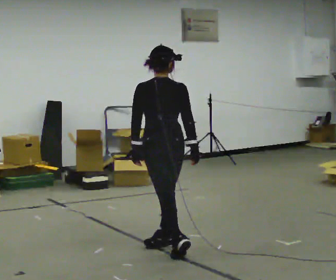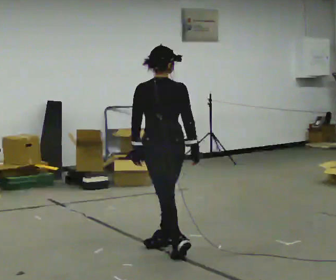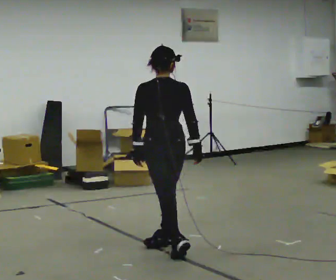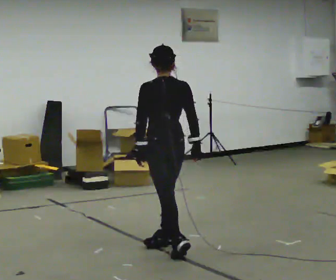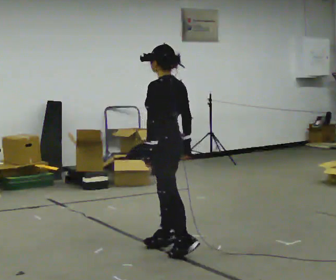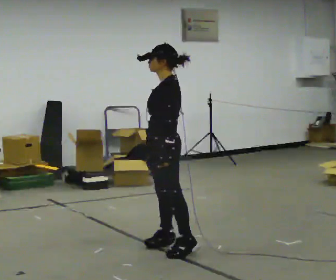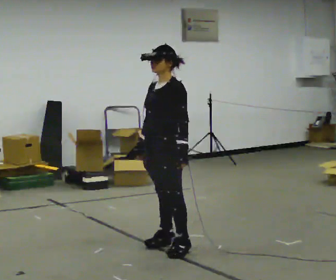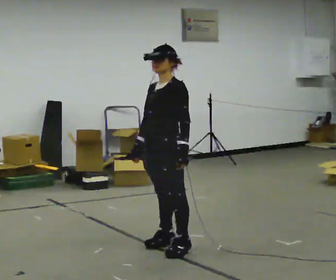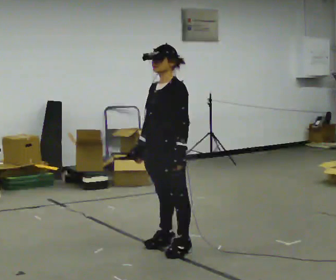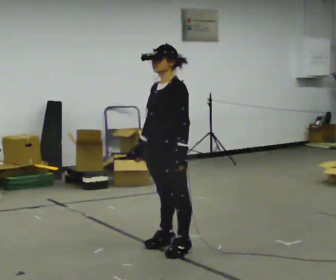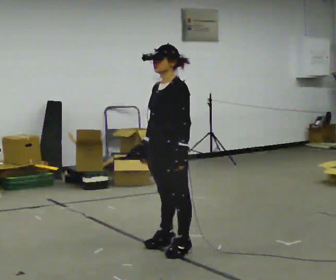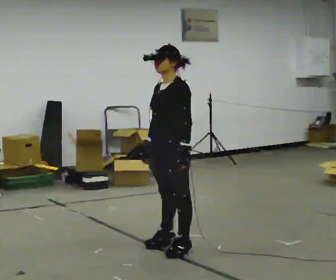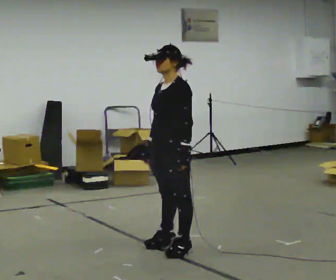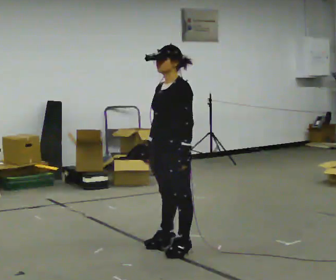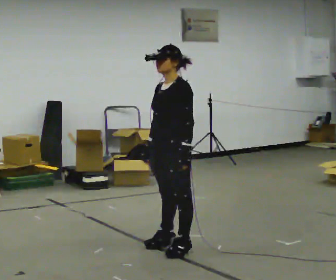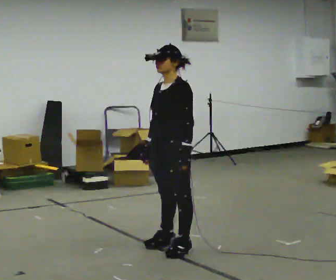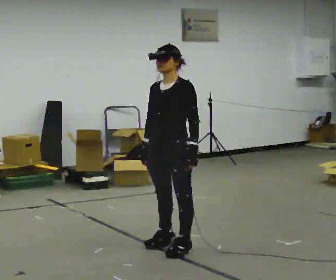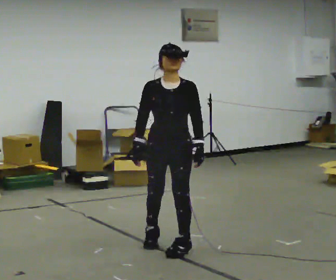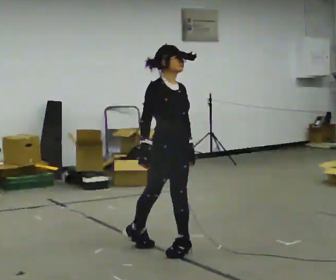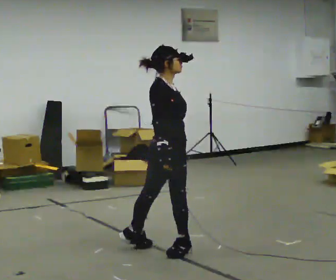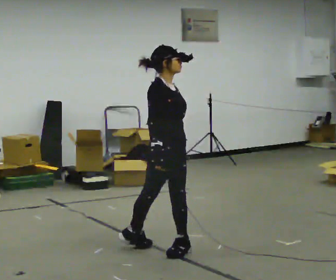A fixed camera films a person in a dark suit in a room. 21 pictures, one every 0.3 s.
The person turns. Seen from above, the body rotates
counterclockwise.
The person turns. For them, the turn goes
to their left.
0.0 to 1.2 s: The part of the body nearest the lens slides to the right as the person turns to their left by about 60 degrees.
1.2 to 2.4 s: The person turns about 60 degrees to their left, counterclockwise seen from above, so the part of the body nearest the lens slides to the right. In the picture their right hand goes to the left.
2.4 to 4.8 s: The person moves a little, or ends about where they began.
4.8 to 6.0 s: Seen from above the body turns counterclockwise, about 90 degrees: to their left, with its near side sliding to the right.
The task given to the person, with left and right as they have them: Keeping your feet still, turn your upper body to look behind you on one side, return to the front, then turn to the other side. Repeat the movement at your own pace until the operator says stop; do not rush.
The film runs forward here.
